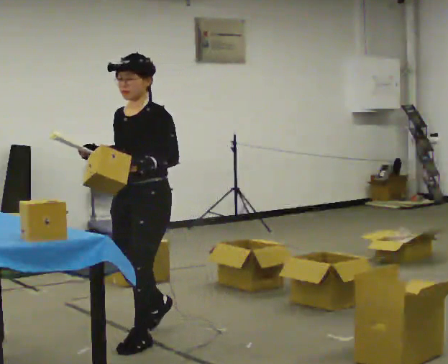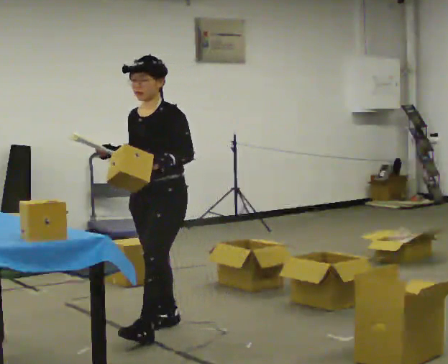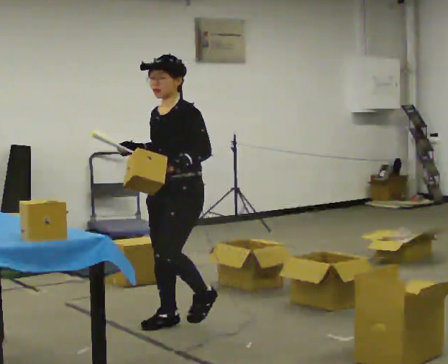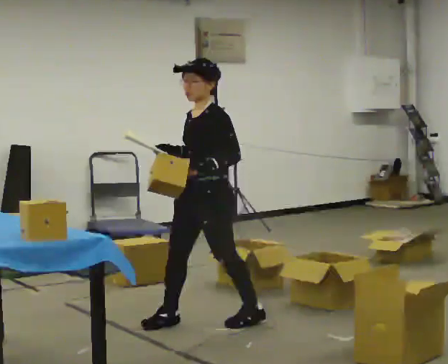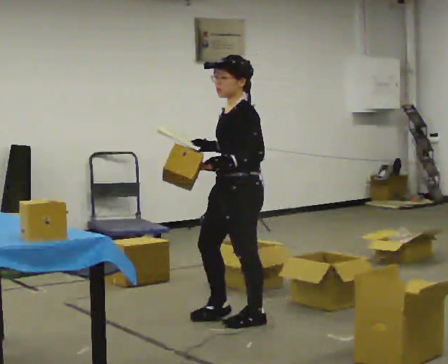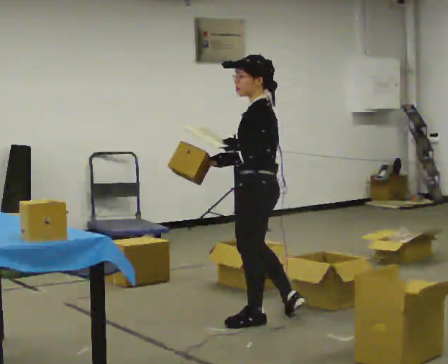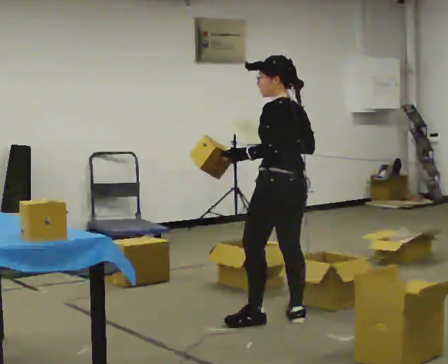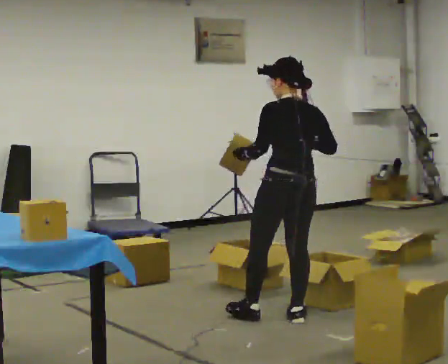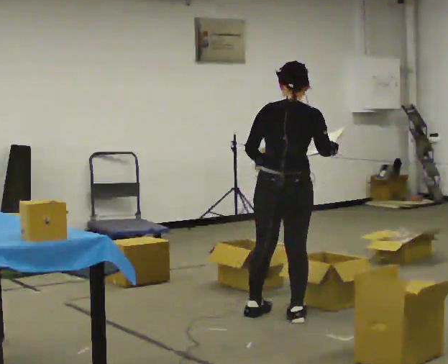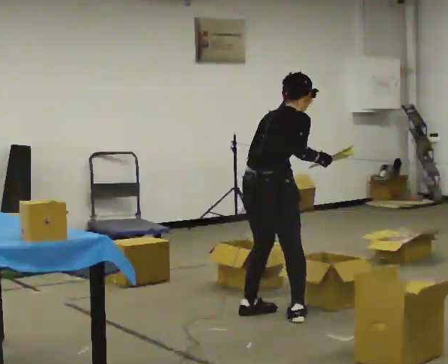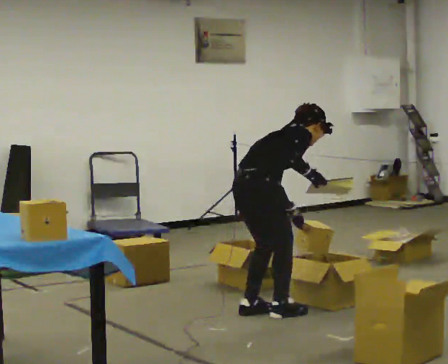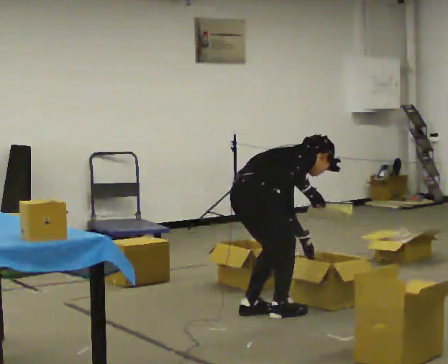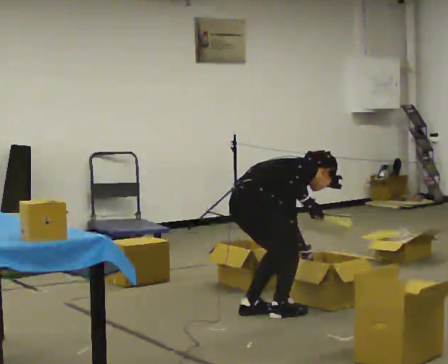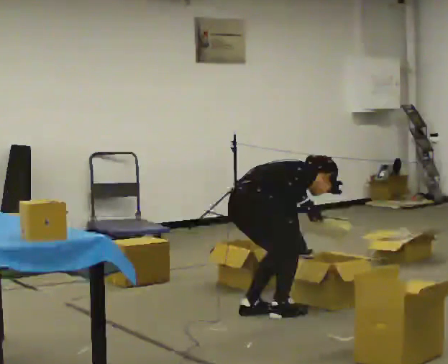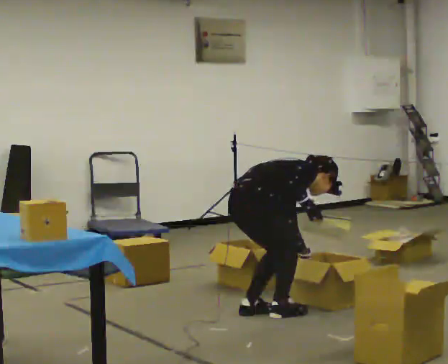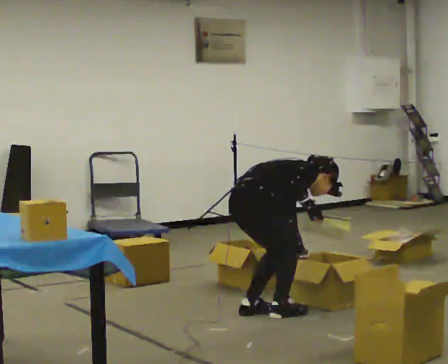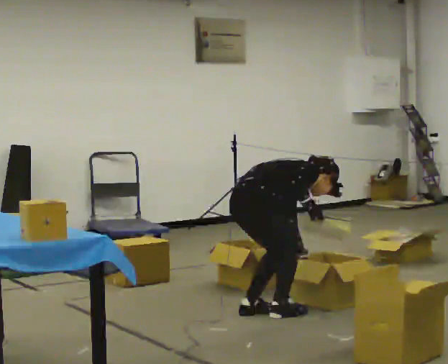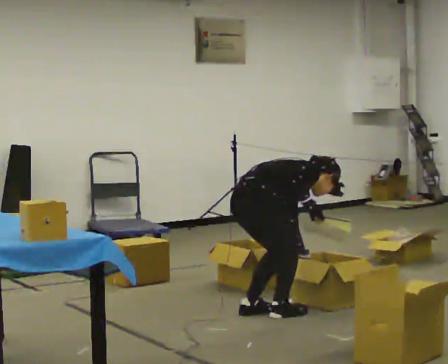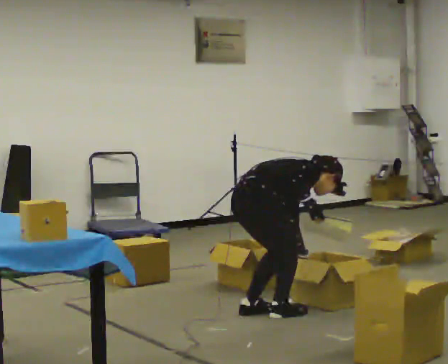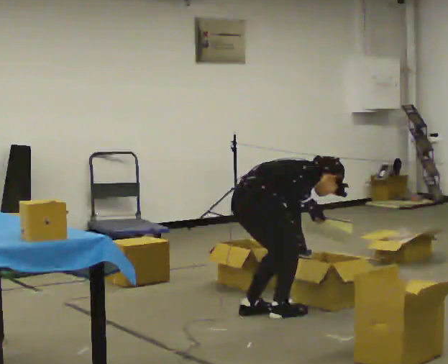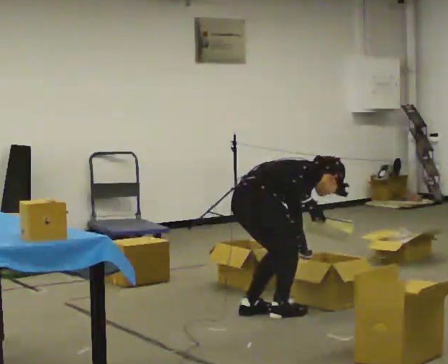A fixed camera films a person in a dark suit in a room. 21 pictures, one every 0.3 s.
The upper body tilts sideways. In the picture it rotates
clockwise.
Their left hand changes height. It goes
downward.
0.0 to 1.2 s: The person turns about 30 degrees to their right, clockwise seen from above, so the part of the body nearest the lens slides to the left. In the picture they go to the right and away from the camera, about 0.75 m in 2 steps, which for them is backward.
1.2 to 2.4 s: The person turns about 120 degrees to their right, clockwise seen from above, so the part of the body nearest the lens slides to the left. In the picture they go to the right, about 0.25 m in 1 step.
2.4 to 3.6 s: Seen from above the body turns clockwise, about 60 degrees: to their right, with its near side sliding to the left. In the picture they go to the left, about 0.25 m in 1 step, which for them is to their left and backward. The upper body goes downward. In the picture the upper body tilts clockwise, shoulders to the right, as they bend forward. In the picture their left hand goes downward and to the right, the arm swinging counterclockwise.
3.6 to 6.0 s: The person moves a little, or ends about where they began.
The film runs backward here.
